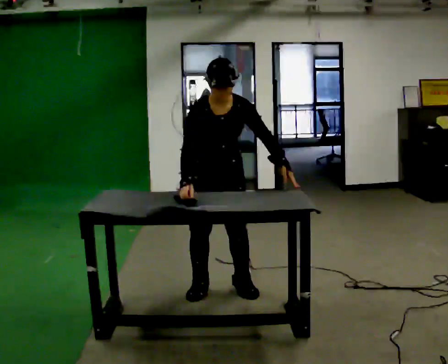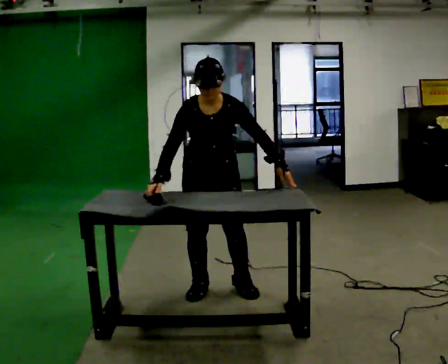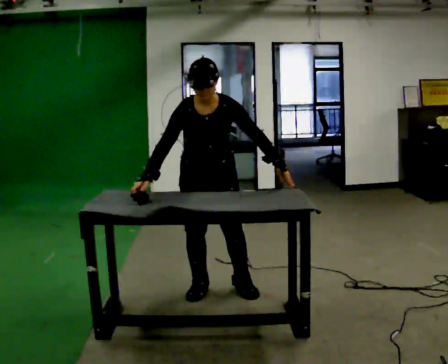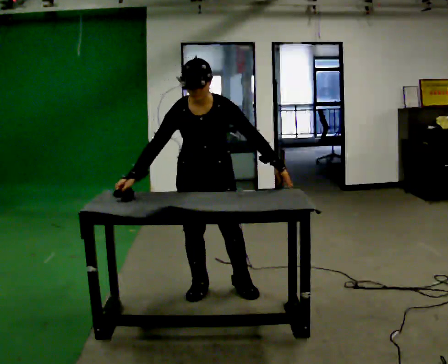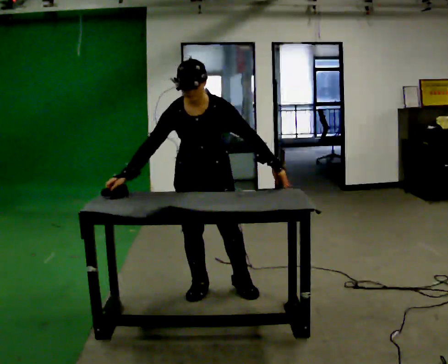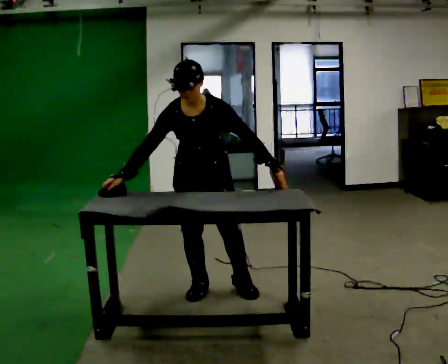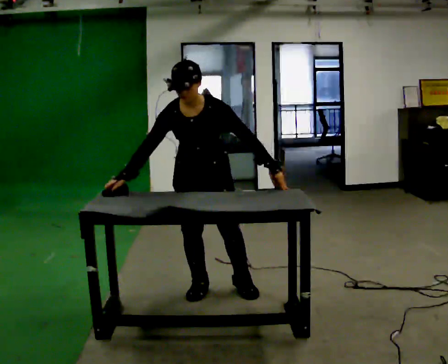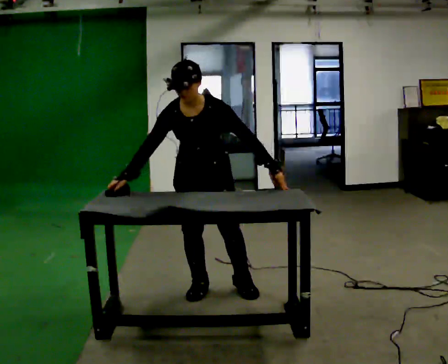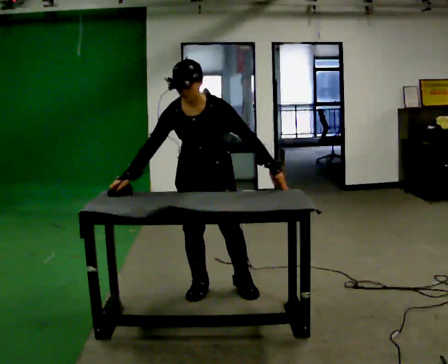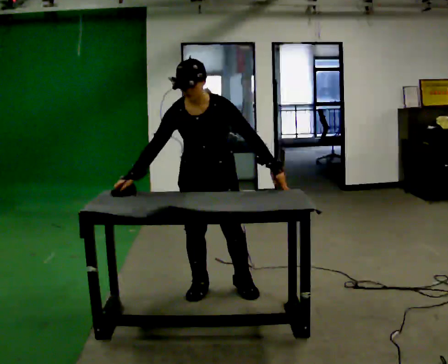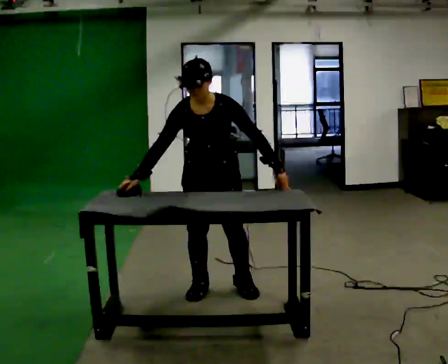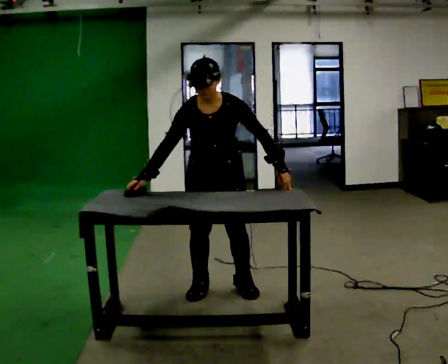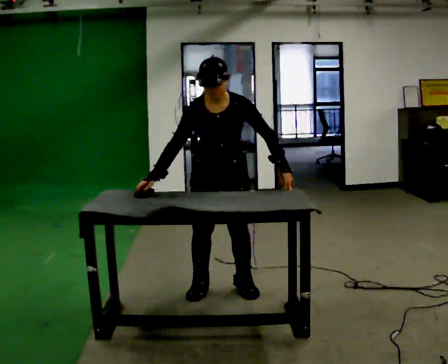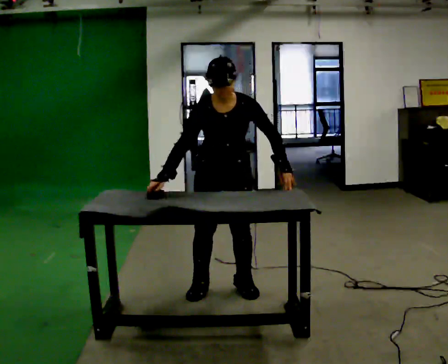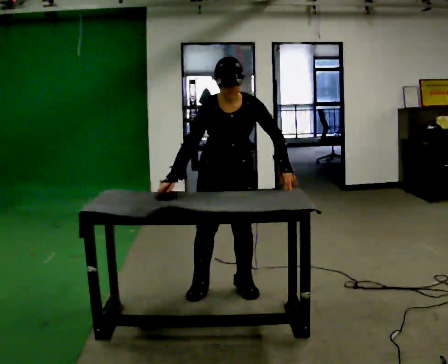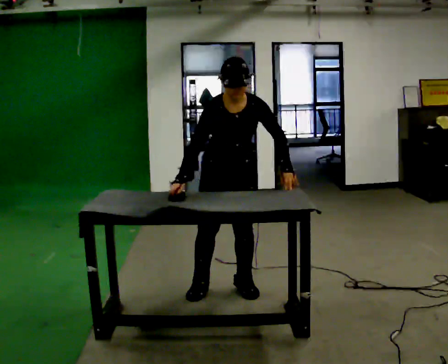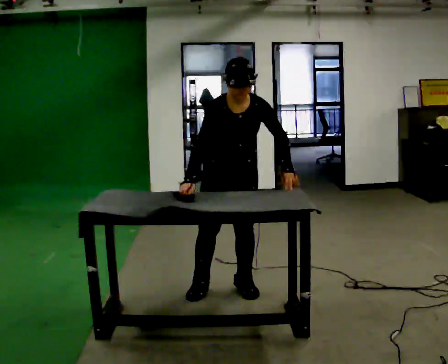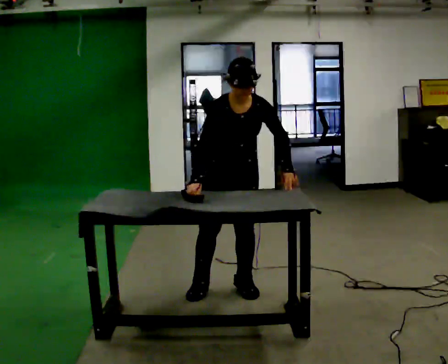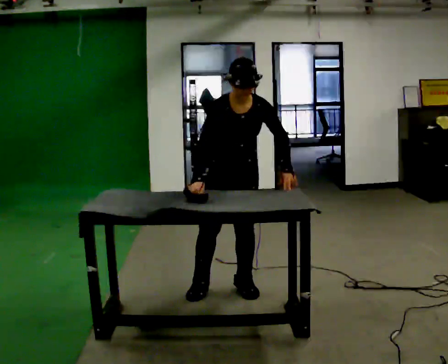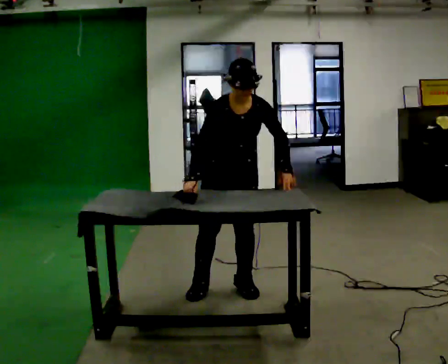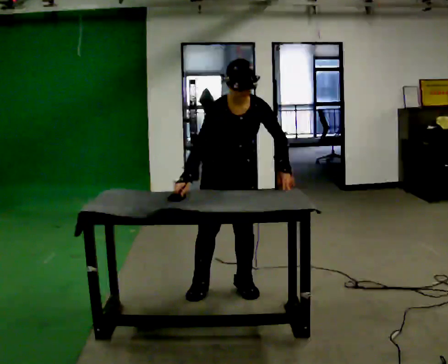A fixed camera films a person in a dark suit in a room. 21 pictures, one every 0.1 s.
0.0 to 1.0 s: In the picture their right hand goes to the left.
1.0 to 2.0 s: In the picture the upper body tilts clockwise, shoulders to the right. In the picture their right hand goes to the right.
The film runs backward here.
